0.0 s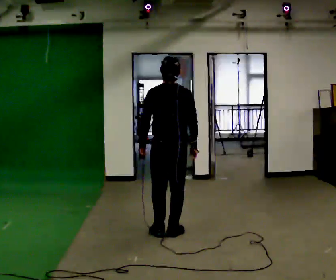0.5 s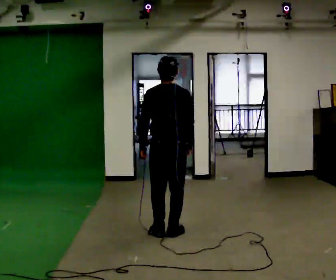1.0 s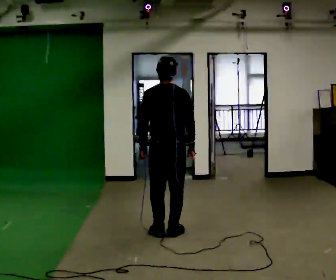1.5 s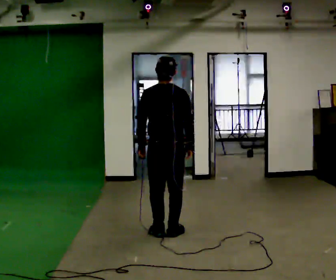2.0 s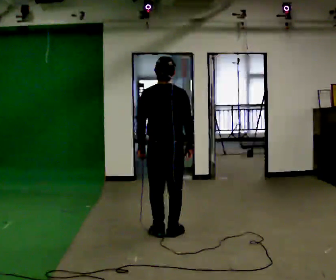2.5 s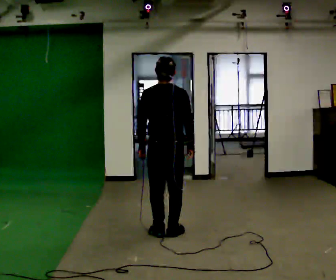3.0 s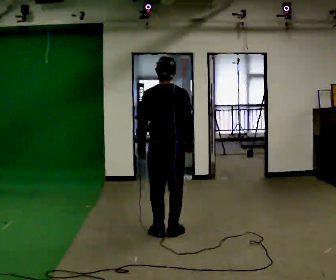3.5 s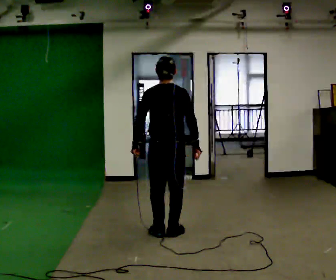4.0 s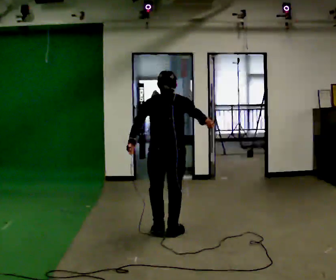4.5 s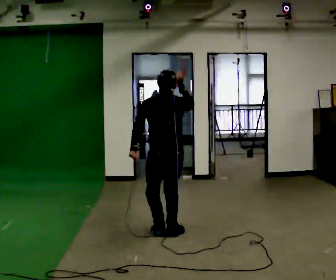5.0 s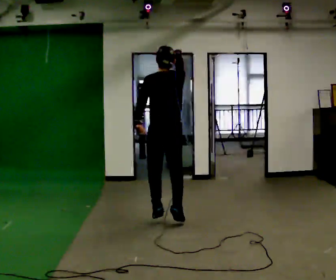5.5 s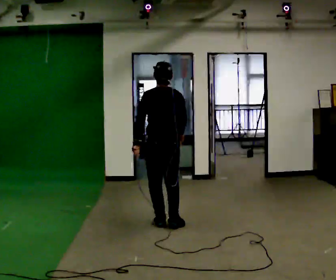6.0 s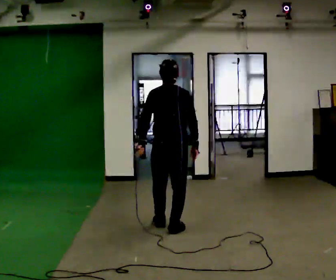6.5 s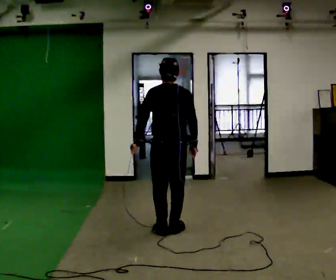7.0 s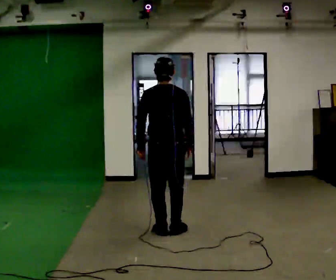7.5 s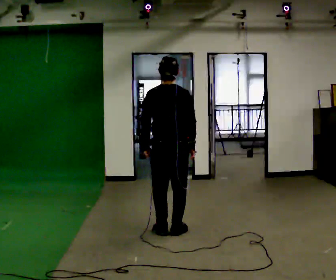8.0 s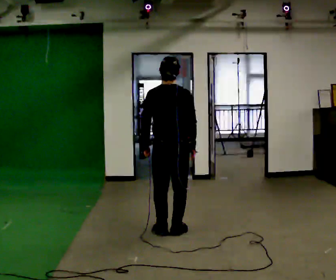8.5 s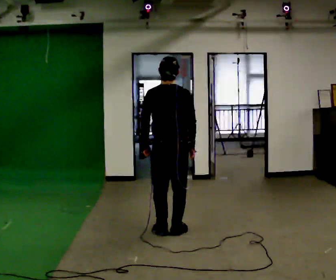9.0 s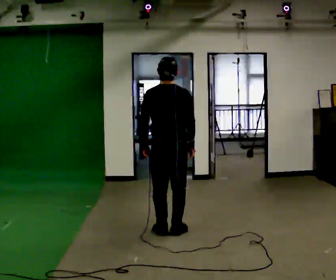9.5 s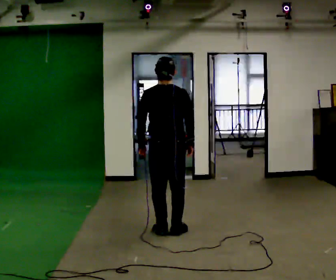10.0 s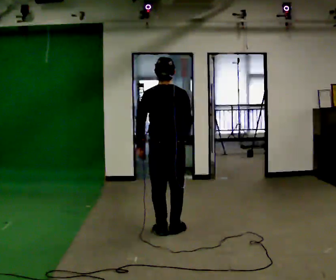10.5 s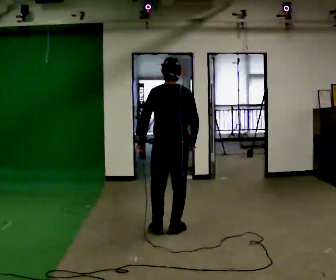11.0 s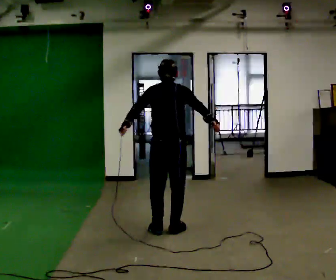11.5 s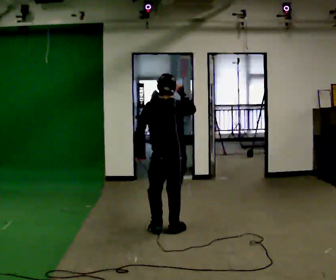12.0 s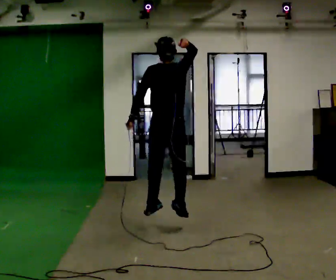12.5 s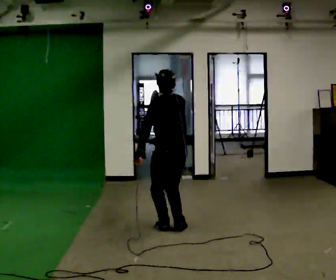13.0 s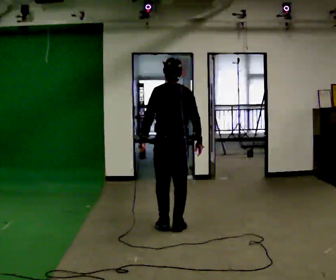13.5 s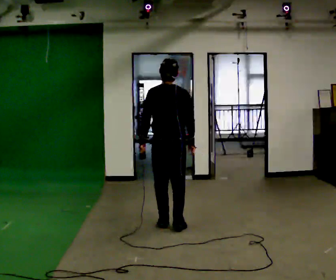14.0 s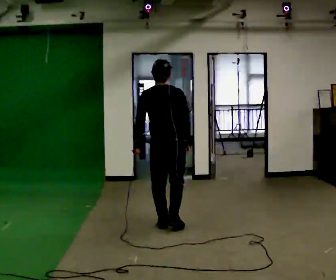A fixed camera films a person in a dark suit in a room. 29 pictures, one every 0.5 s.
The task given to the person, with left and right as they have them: Mime a volleyball spike with no ball: approach in place, jump and strike downward. Repeat the movement at your own pace until the operator says stop; do not rush.
0.0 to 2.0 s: The person moves a little, or ends about where they began.
2.0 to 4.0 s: The shoulders move downward. The upper body tips away from the camera, its near side rolling upward, as they bend forward.
4.0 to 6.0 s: In the picture they go away from the camera, about 0.25 m in 2 steps, which for them is forward.
6.0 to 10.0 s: The person moves a little, or ends about where they began.
10.0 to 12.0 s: In the picture they go away from the camera, about 0.25 m, which for them is forward. In the picture their right hand goes upward.
12.0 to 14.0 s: In the picture their right hand goes downward.
The film runs forward here.
